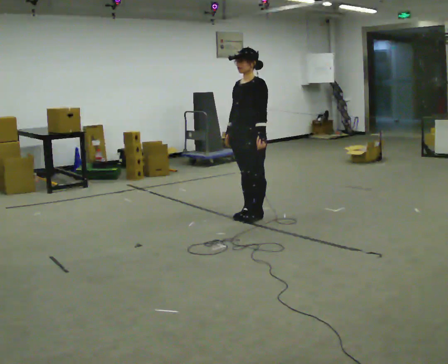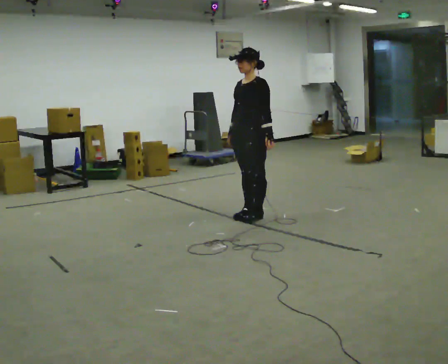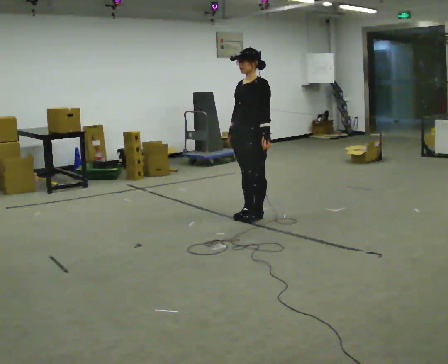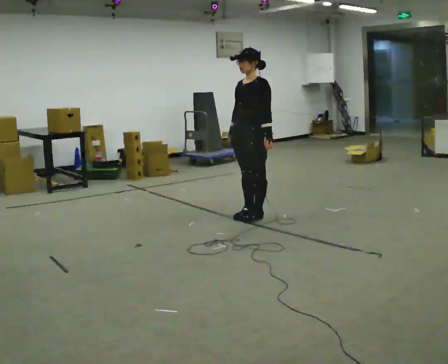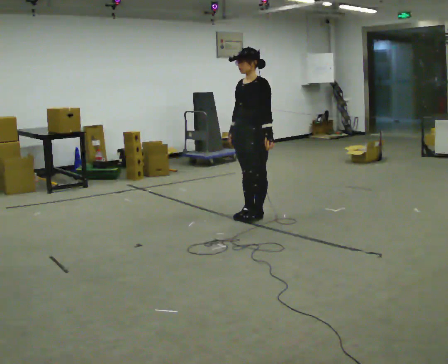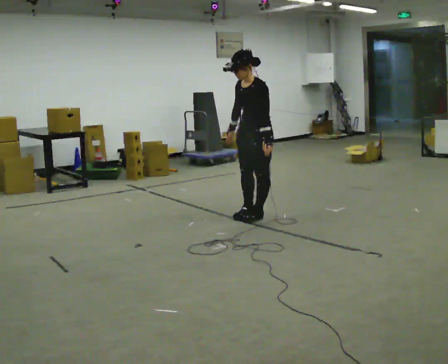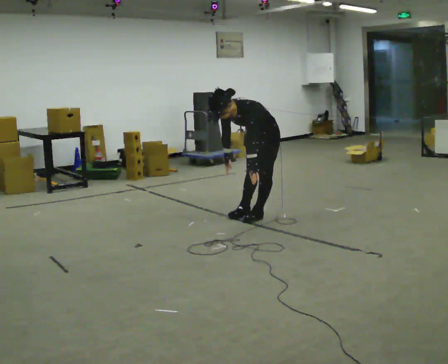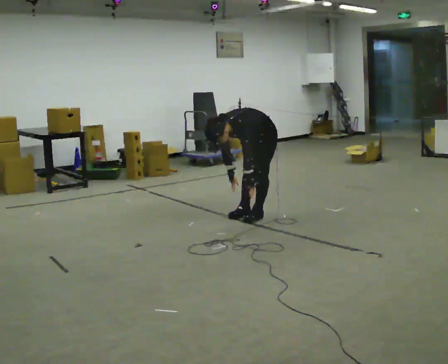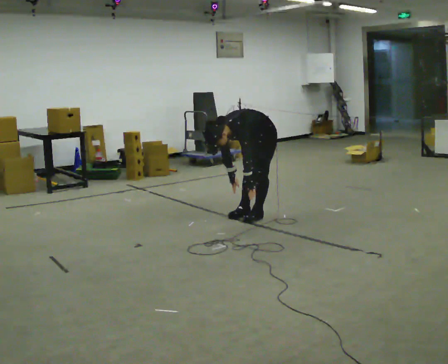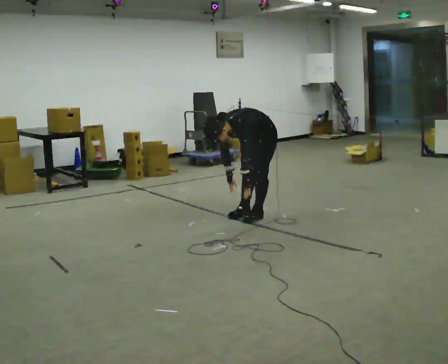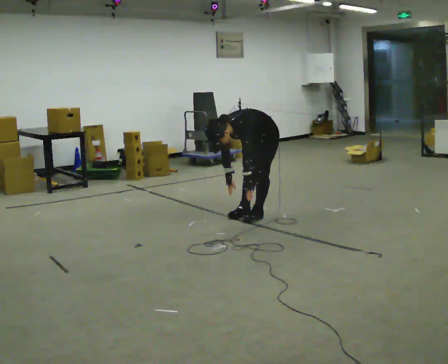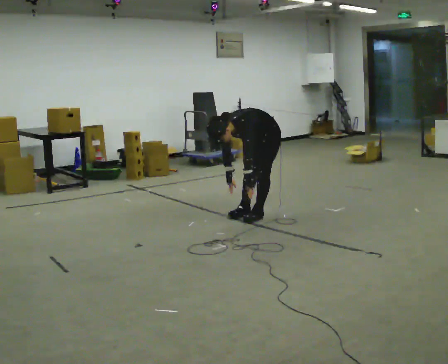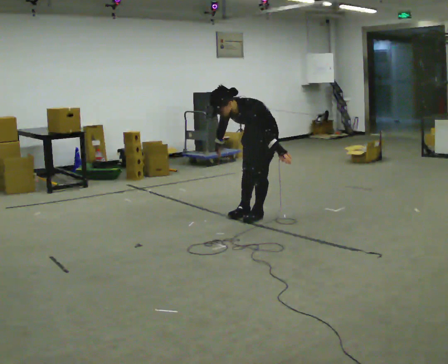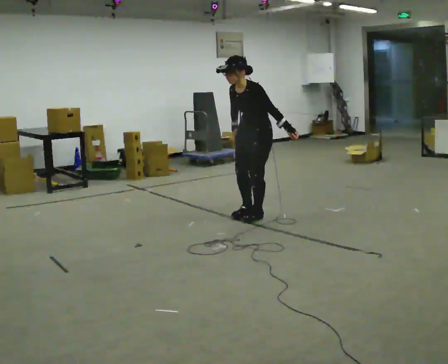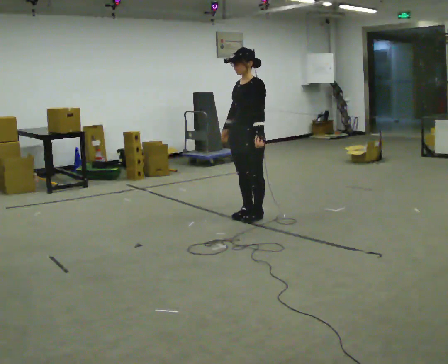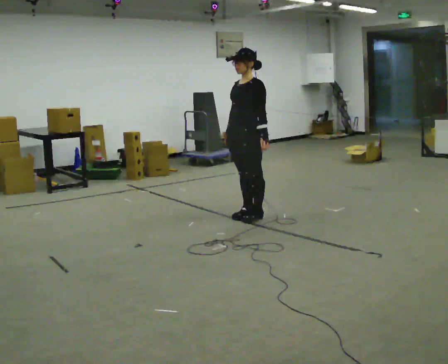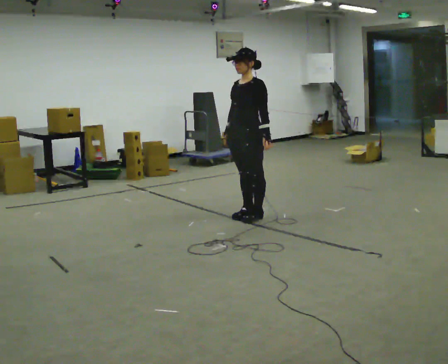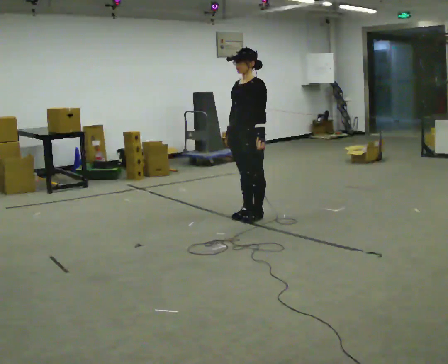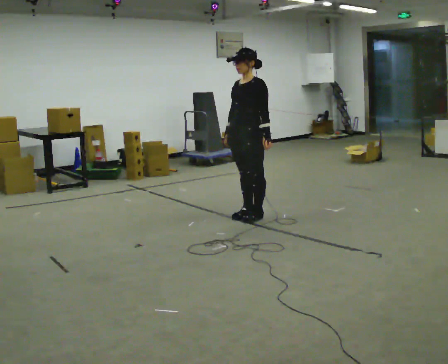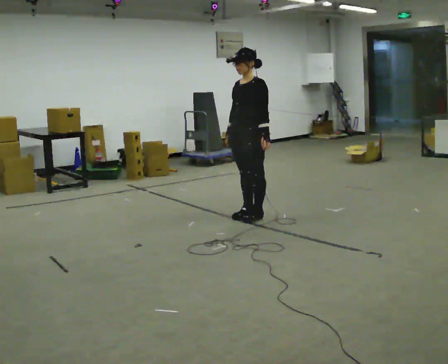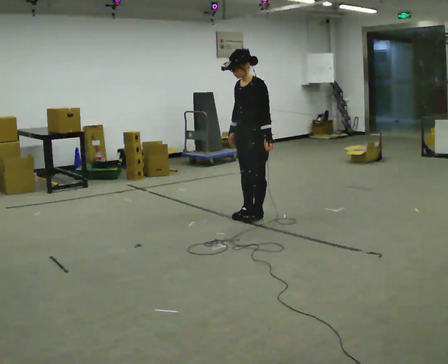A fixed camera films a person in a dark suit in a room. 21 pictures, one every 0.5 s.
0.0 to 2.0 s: The person moves a little, or ends about where they began.
2.0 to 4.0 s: The upper body goes downward. In the picture the upper body tilts counterclockwise, shoulders to the left, as they bend forward. In the picture their right hand goes downward.
4.0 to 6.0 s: The shoulders move upward. In the picture the upper body tilts clockwise, shoulders to the right, as they lean back or straighten. In the picture their left hand goes upward.
6.0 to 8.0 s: The upper body goes upward. In the picture the upper body tilts clockwise, shoulders to the right, as they lean back or straighten.
8.0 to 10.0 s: The person moves a little, or ends about where they began.
The film runs forward here.
